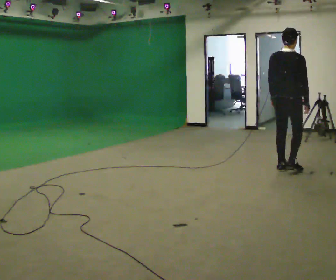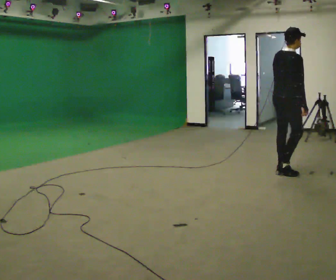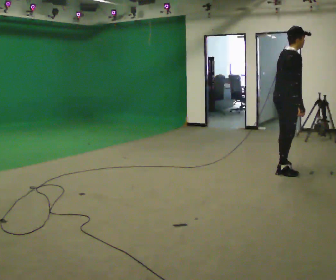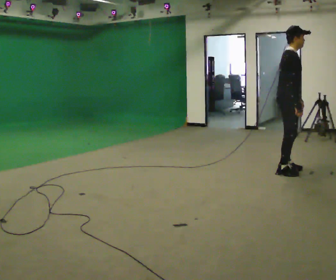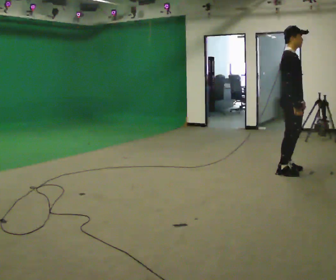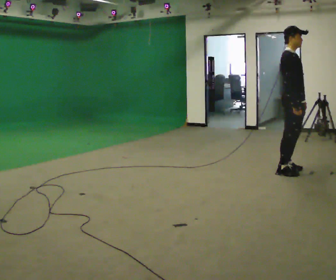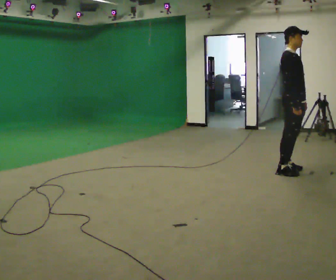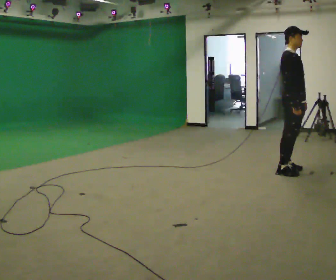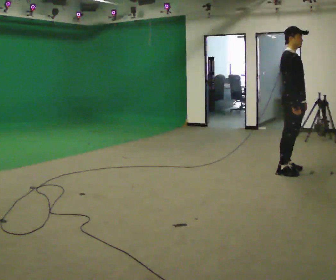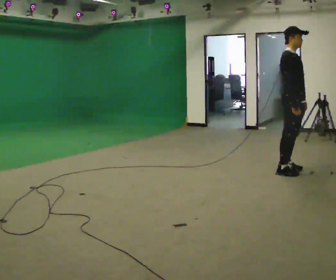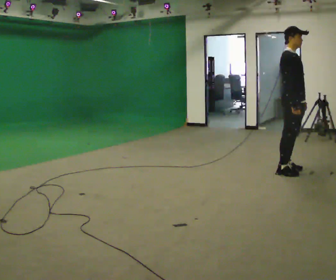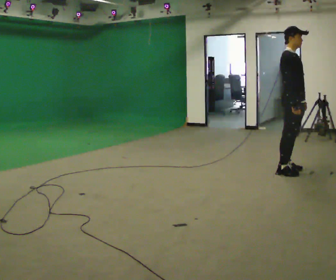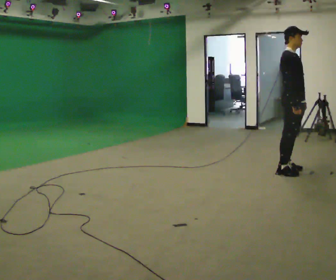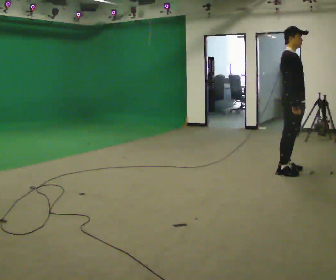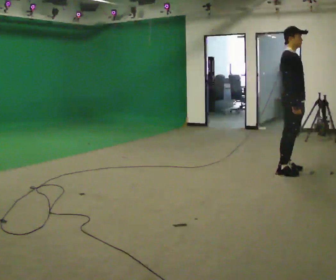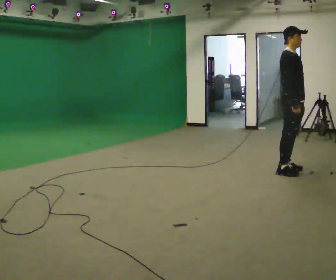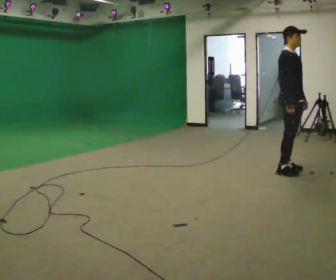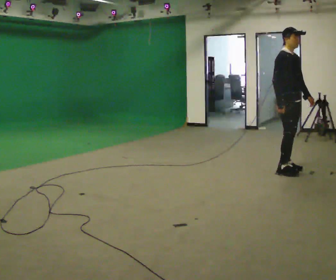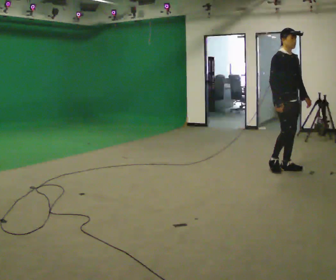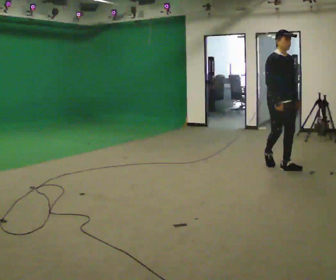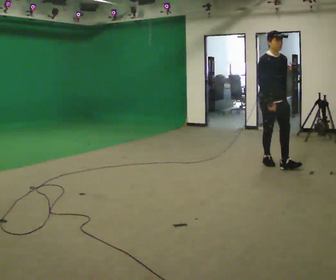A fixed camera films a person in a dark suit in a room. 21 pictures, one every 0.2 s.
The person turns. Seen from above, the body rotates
clockwise.
The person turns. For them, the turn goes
to their right.
0.0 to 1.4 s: The person turns about 90 degrees to their right, clockwise seen from above, so the part of the body nearest the lens slides to the left. In the picture their left hand goes to the right.
1.4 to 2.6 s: The person keeps their place and pose.
2.6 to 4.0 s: The person turns about 45 degrees to their right, clockwise seen from above, so the part of the body nearest the lens slides to the left. In the picture they go away from the camera and to the left, about 0.5 m in 2 steps, which for them is backward and to their left.
The film runs backward here.
